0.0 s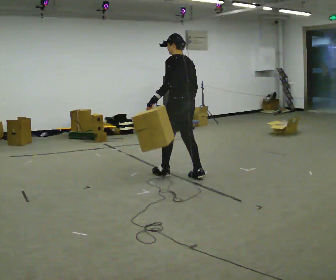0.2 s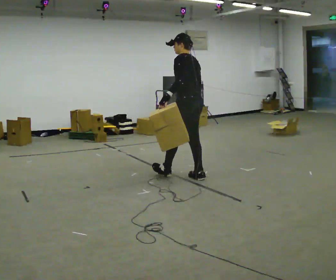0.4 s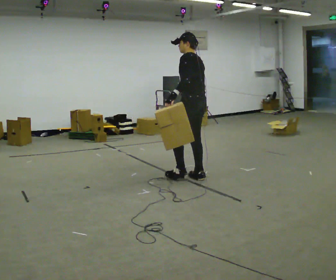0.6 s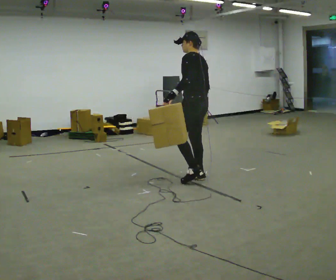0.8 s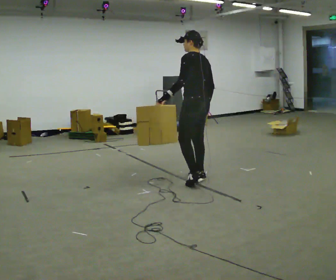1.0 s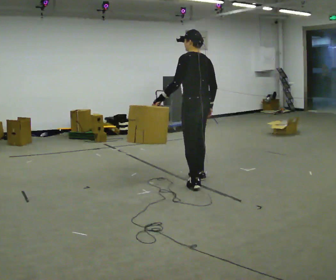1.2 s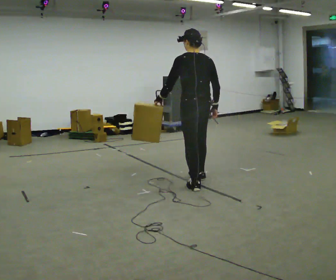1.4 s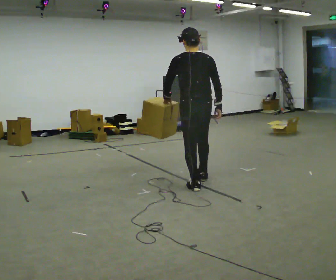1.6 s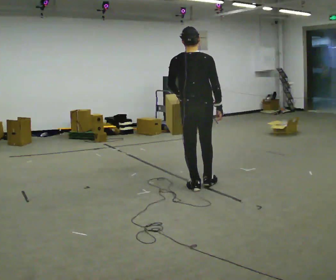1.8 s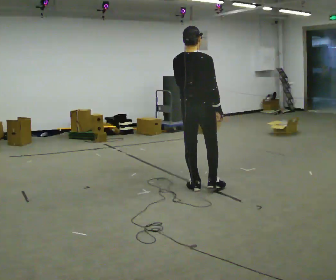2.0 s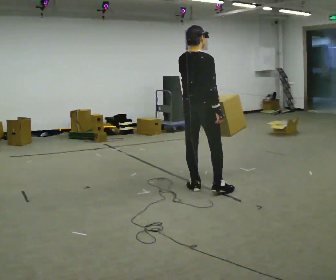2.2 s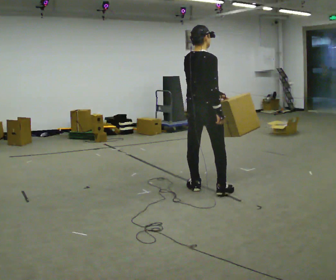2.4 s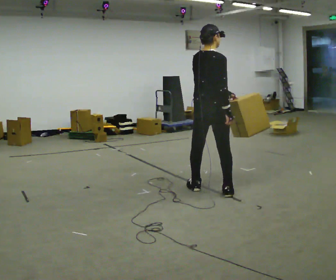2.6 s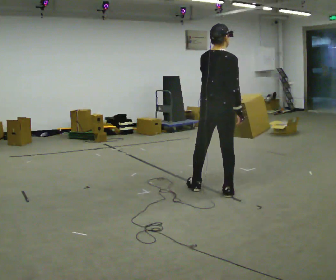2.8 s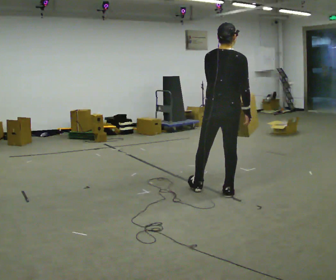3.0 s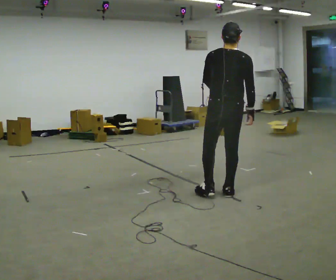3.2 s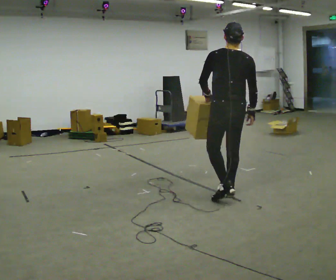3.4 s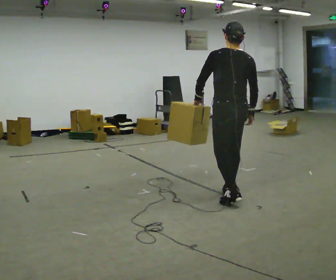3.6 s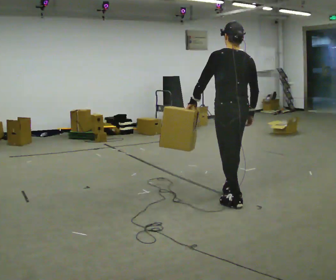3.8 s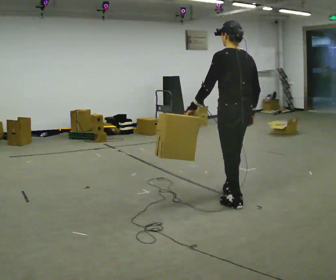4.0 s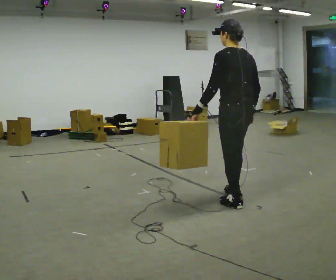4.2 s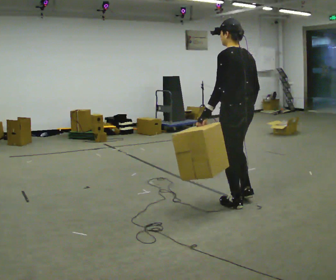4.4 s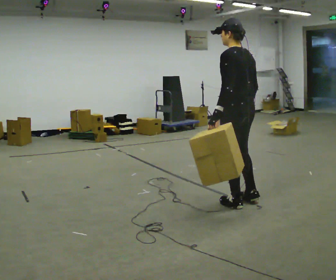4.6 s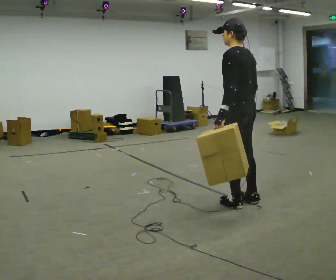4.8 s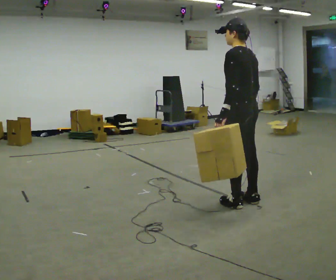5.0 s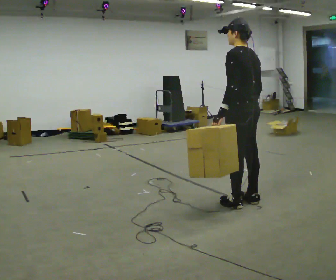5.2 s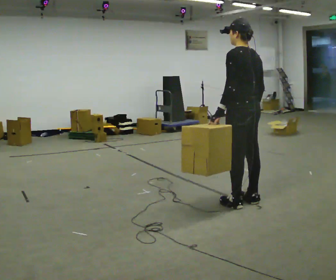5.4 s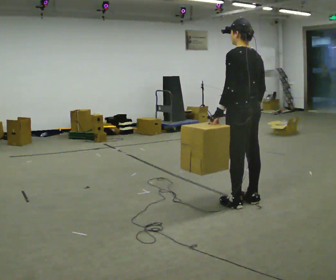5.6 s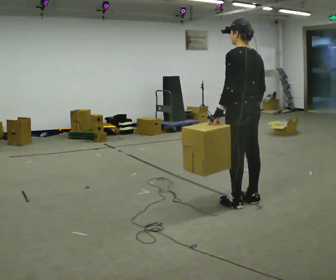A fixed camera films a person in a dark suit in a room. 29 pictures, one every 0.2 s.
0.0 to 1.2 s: In the picture they go to the right and toward the camera, about 0.5 m in 1 step, which for them is backward and to their left.
1.2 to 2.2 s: Seen from above the body turns clockwise, about 60 degrees: to their right, with its near side sliding to the left. In the picture they go toward the camera, about 0.25 m in 1 step, which for them is backward. In the picture their left hand goes to the right, the arm swinging counterclockwise.
2.2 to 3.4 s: The person turns about 45 degrees to their left, counterclockwise seen from above, so the part of the body nearest the lens slides to the right. In the picture they go to the right and toward the camera, about 0.5 m in 1 step, which for them is to their right and backward.
3.4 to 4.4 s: In the picture they go toward the camera, about 0.25 m in 1 step, which for them is backward. In the picture their left hand goes to the right.
4.4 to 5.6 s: The person moves a little, or ends about where they began.
The film runs backward here.
